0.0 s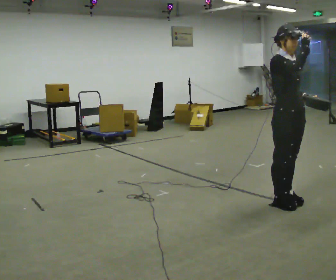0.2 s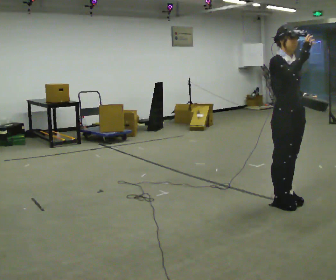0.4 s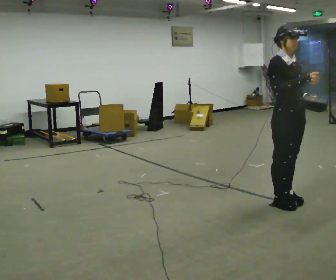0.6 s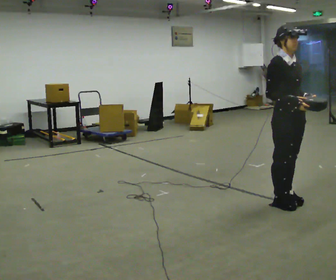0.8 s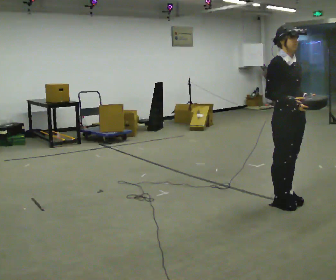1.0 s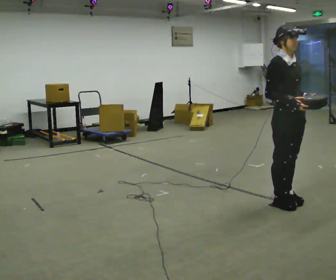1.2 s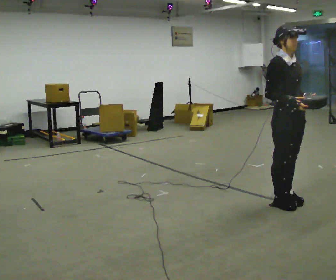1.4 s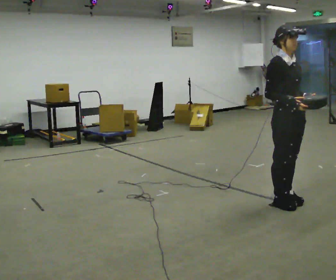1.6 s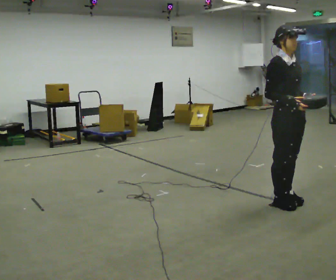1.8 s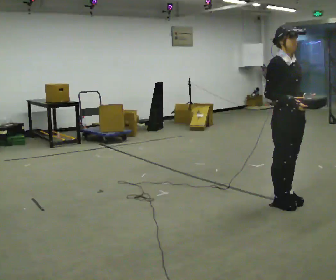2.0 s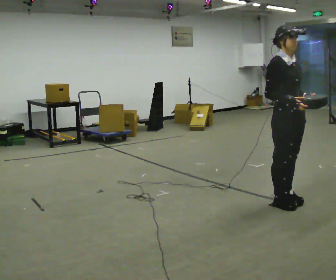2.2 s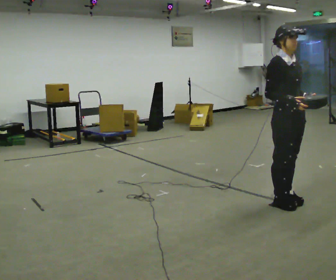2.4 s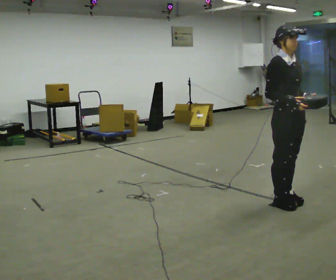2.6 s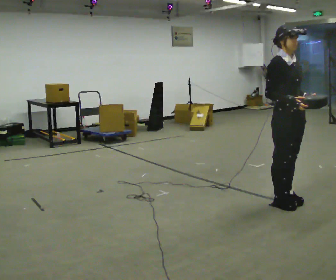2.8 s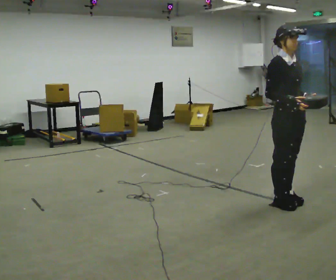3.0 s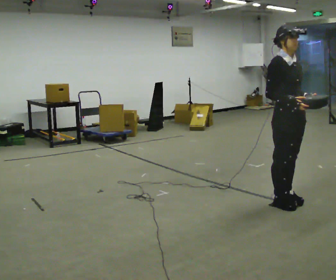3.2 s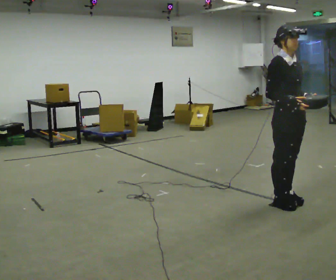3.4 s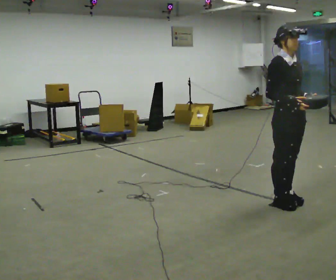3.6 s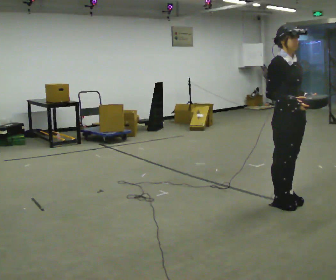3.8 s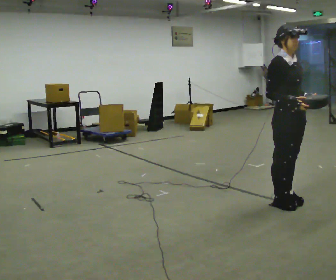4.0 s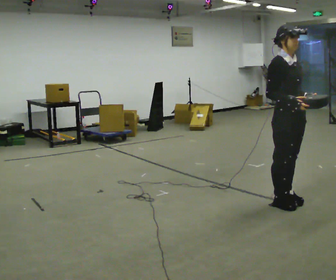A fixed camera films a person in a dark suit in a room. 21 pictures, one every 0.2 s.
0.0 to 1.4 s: In the picture their right hand goes downward.
1.4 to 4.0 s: The person keeps their place and pose.
The film runs backward here.
